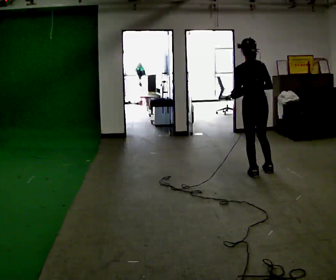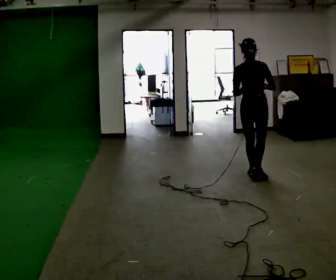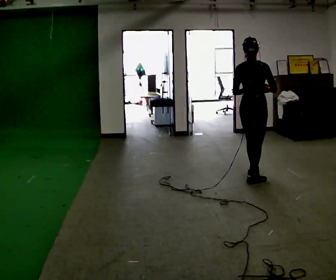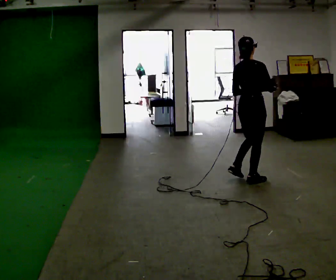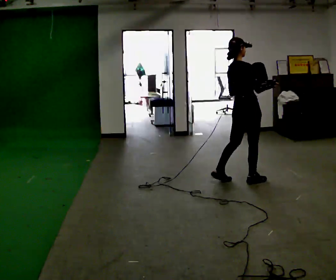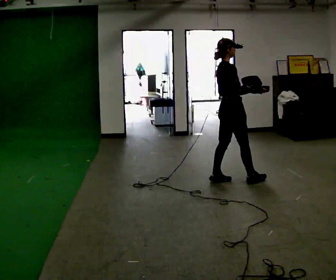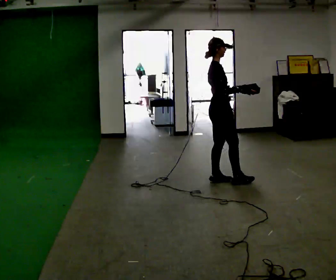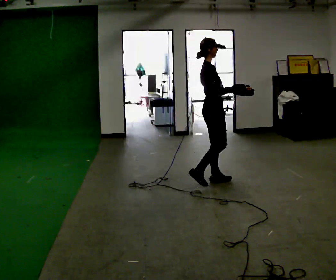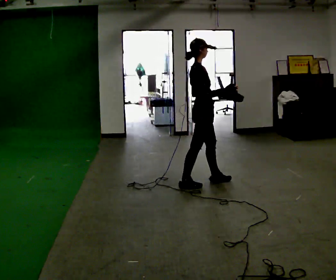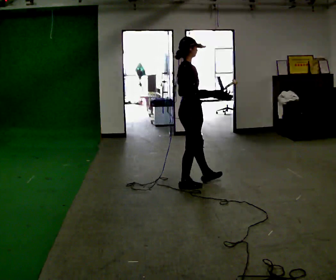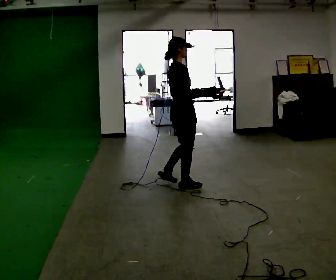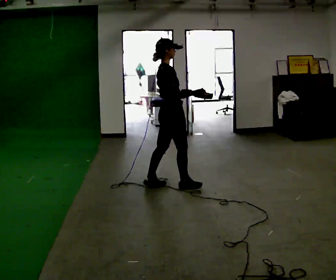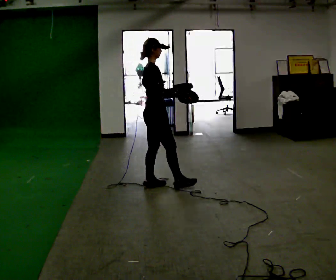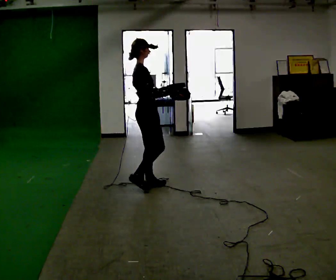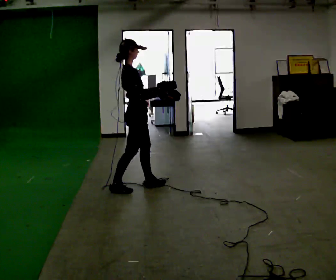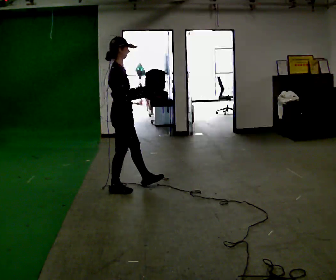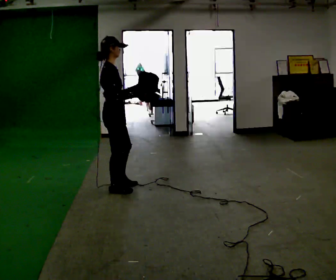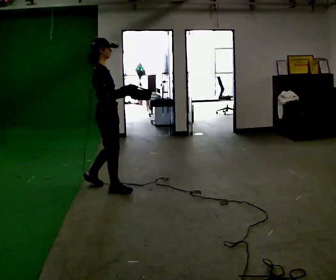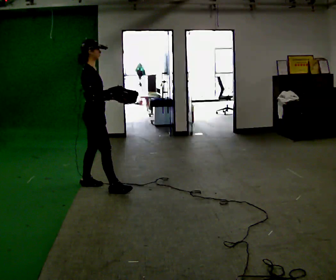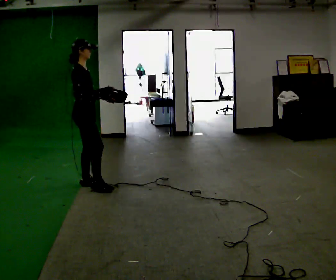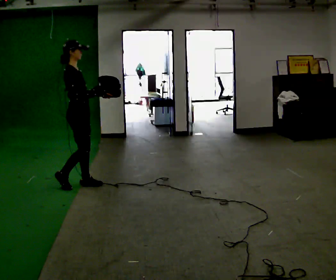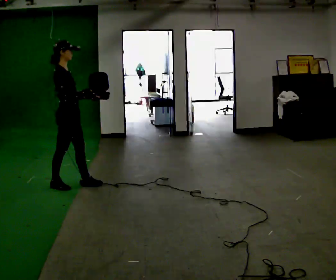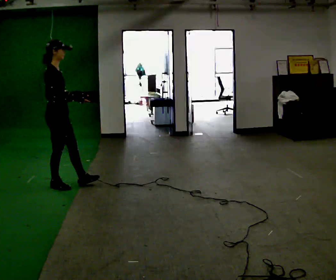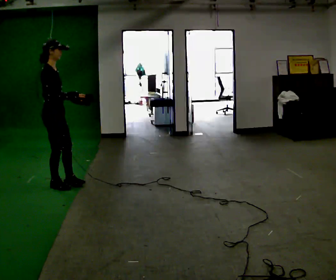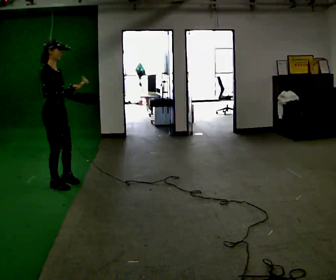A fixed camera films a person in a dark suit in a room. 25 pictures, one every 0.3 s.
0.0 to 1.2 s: The person turns about 75 degrees to their right, clockwise seen from above, so the part of the body nearest the lens slides to the left. In the picture they go toward the camera and to the left, about 0.25 m in 1 step.
1.2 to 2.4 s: The person turns about 30 degrees to their right, clockwise seen from above, so the part of the body nearest the lens slides to the left. In the picture they go to the left, about 0.5 m in 1 step, which for them is to their left and backward.
2.4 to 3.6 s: In the picture they go to the left, about 0.5 m in 2 steps, which for them is to their left and backward.
3.6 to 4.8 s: In the picture they go to the left, about 0.5 m in 1 step, which for them is backward and to their left.
4.8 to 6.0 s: In the picture they go to the left and away from the camera, about 0.5 m in 1 step, which for them is to their left.
6.0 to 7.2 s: In the picture they go to the left, about 0.25 m in 1 step, which for them is to their left and backward.
The film runs backward here.
